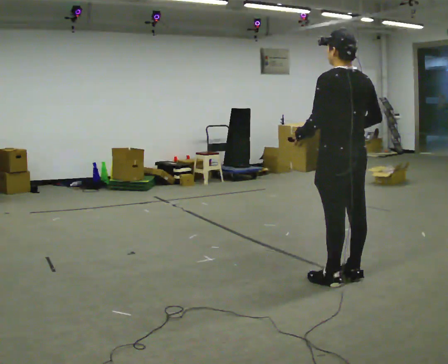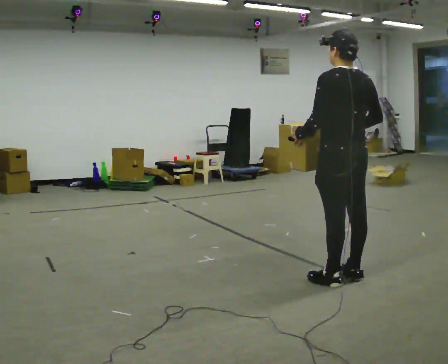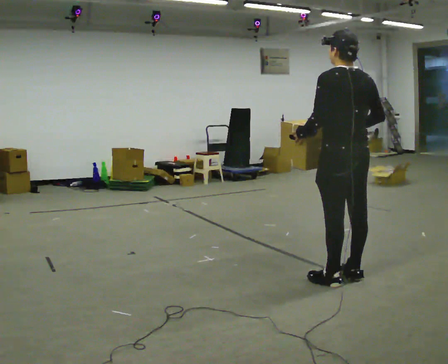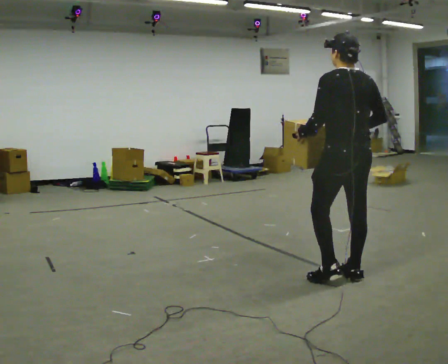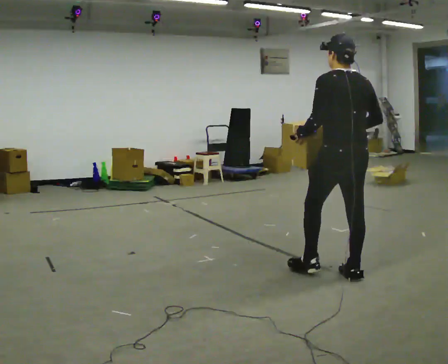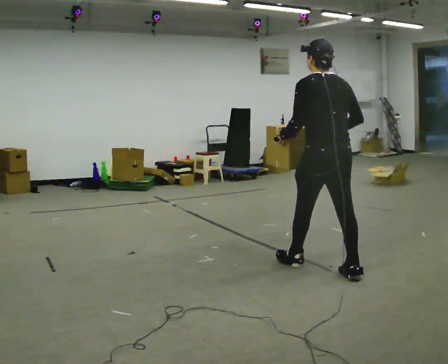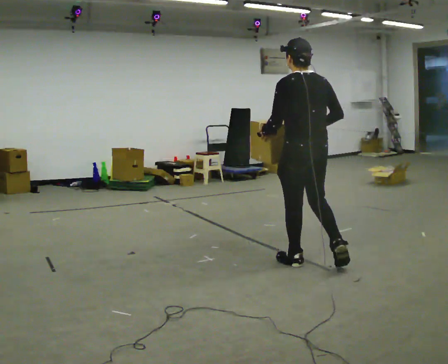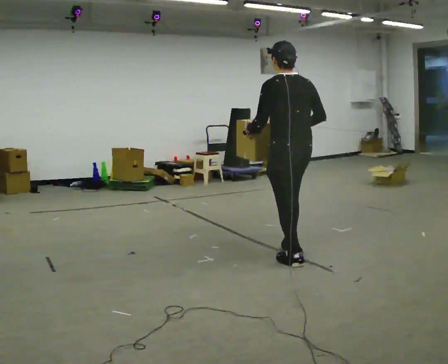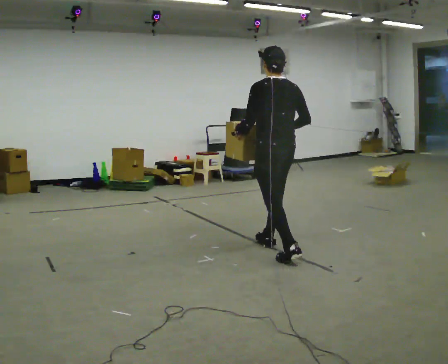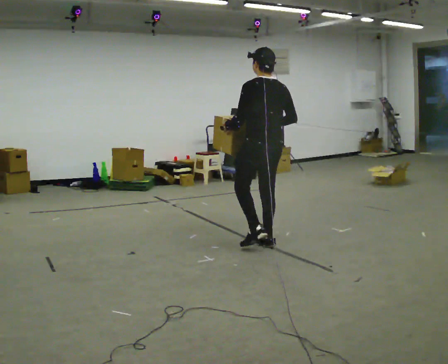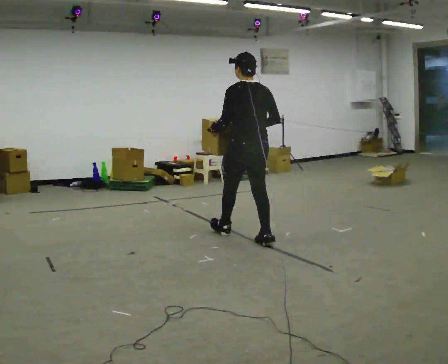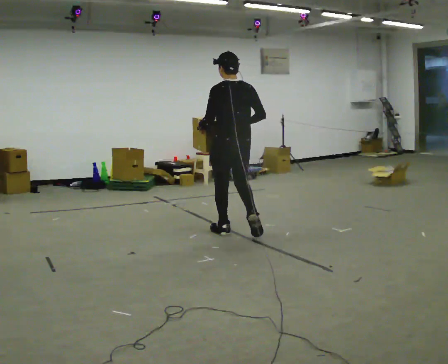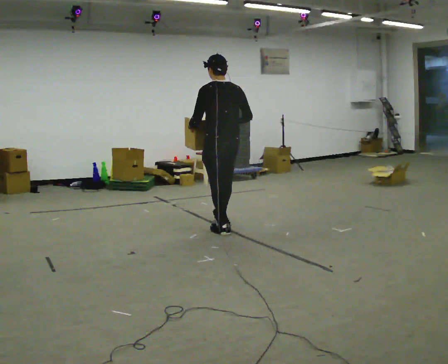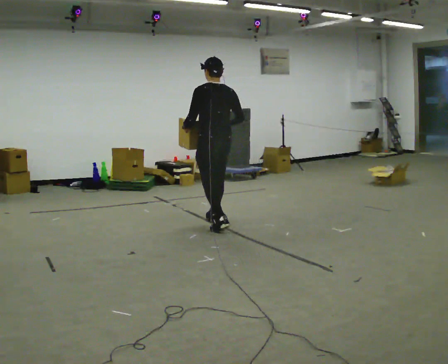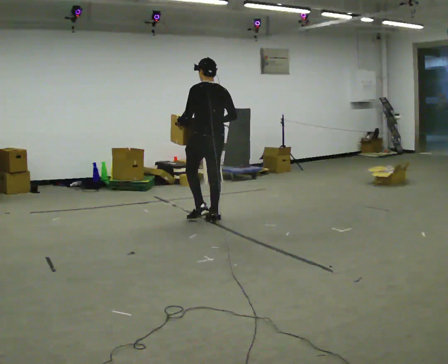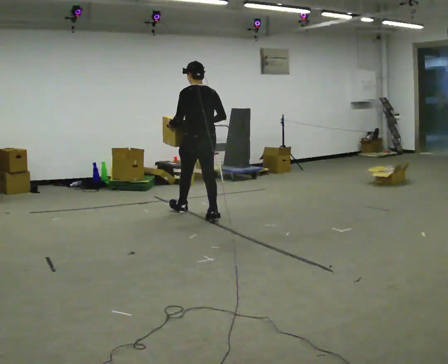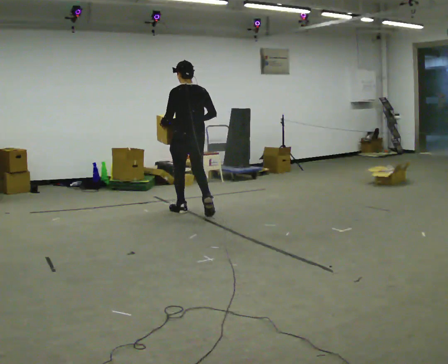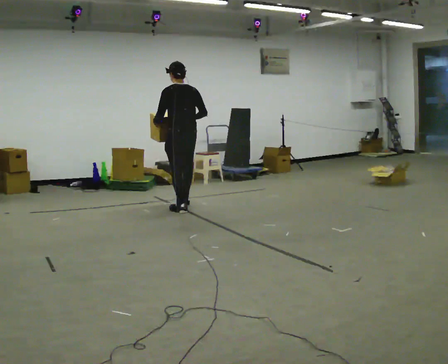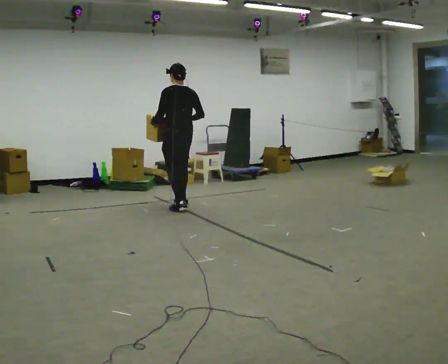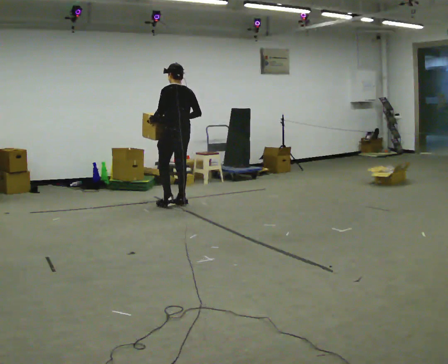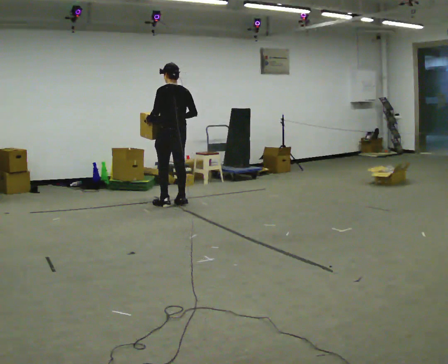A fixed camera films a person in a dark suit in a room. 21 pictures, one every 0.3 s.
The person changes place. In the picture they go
away from the camera.
0.0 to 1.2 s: The person moves a little, or ends about where they began.
1.2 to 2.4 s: In the picture they go away from the camera and to the left, about 1 m in 2 steps, which for them is forward.
2.4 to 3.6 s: In the picture they go away from the camera and to the left, about 1 m in 1 step, which for them is forward.
3.6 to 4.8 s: In the picture they go away from the camera and to the left, about 1 m in 2 steps, which for them is forward.
4.8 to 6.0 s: In the picture they go away from the camera and to the left, about 0.5 m in 2 steps, which for them is forward.
The film runs forward here.
